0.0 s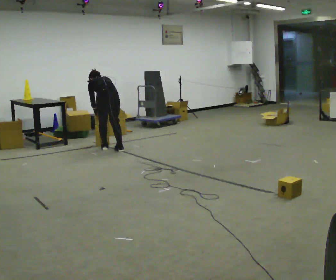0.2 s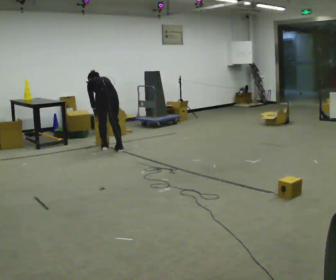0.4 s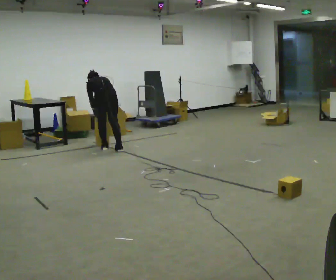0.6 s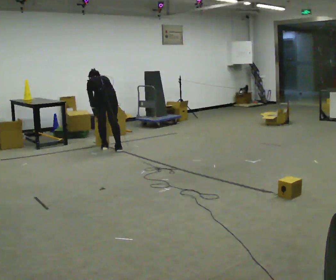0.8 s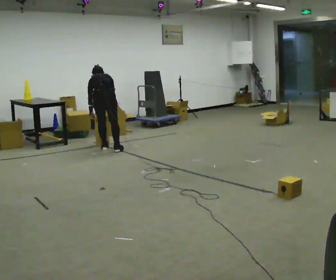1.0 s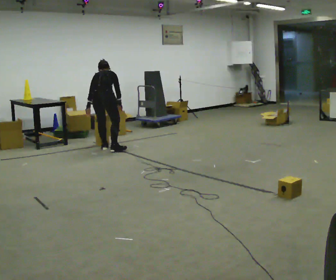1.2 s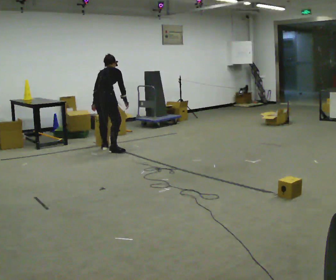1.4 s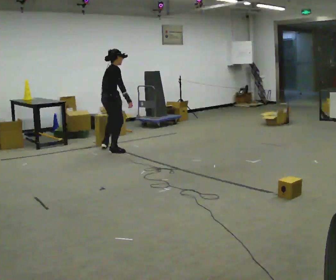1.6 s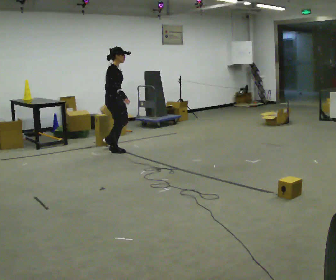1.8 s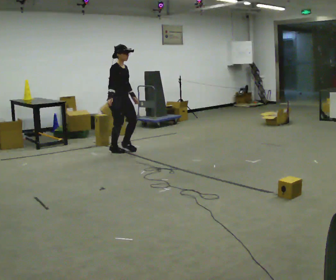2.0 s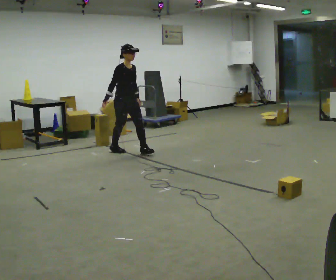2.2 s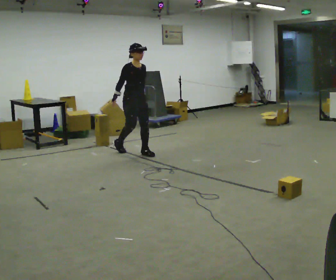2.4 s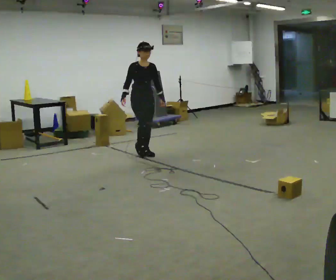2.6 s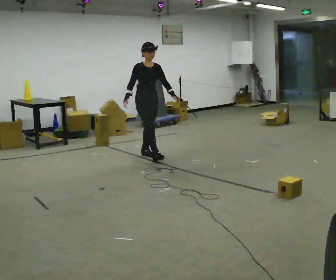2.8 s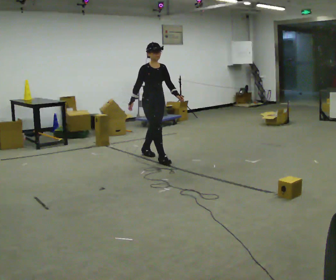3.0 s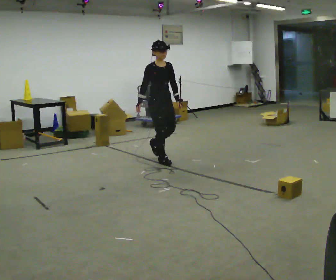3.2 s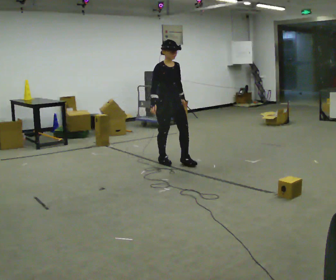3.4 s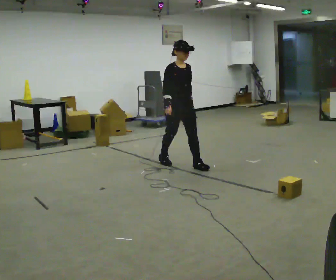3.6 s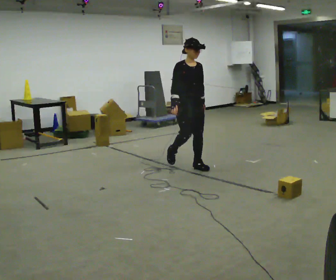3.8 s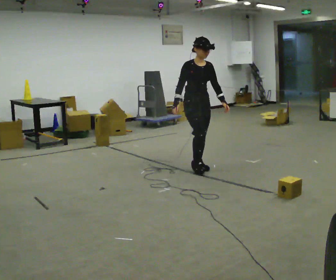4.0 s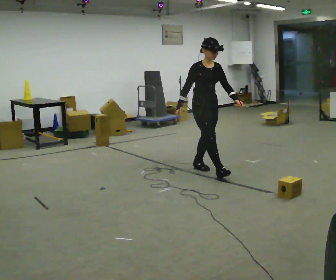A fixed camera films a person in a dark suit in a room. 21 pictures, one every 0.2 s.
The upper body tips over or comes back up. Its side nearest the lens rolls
downward.
The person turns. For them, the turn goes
to their right.
0.0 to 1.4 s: Seen from above the body turns clockwise, about 90 degrees: to their right, with its near side sliding to the left. The upper body goes upward. The upper body tips toward the camera, its near side rolling downward, as they lean back or straighten.
1.4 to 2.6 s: Seen from above the body turns clockwise, about 75 degrees: to their right, with its near side sliding to the left. In the picture they go to the right and toward the camera, about 0.75 m in 1 step.
2.6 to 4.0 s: In the picture they go toward the camera and to the right, about 1 m in 2 steps, which for them is forward.
The film runs forward here.
